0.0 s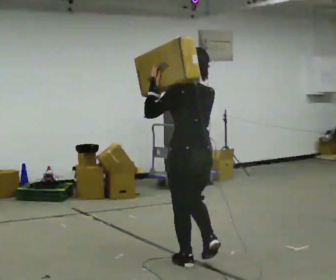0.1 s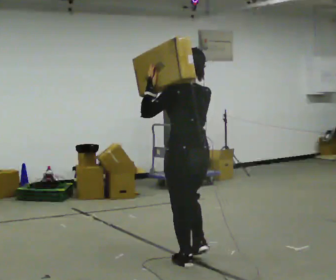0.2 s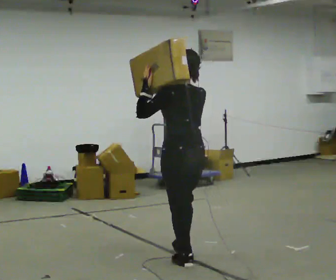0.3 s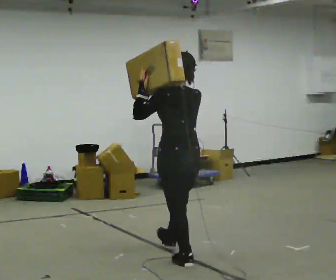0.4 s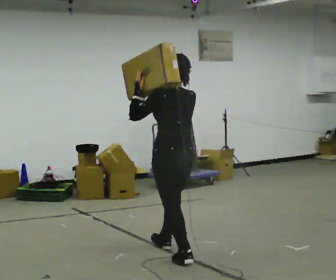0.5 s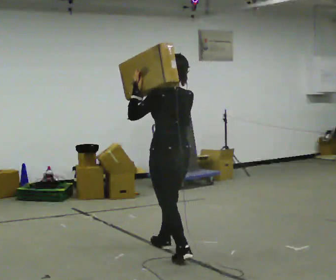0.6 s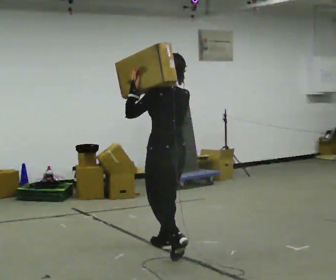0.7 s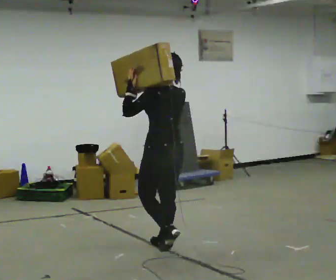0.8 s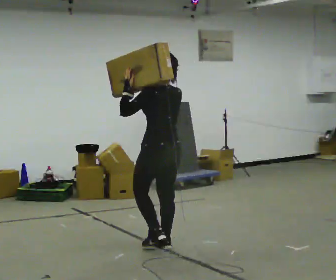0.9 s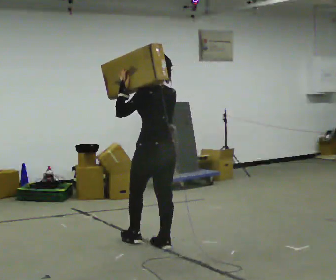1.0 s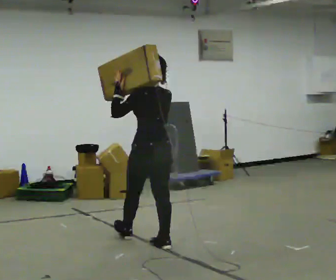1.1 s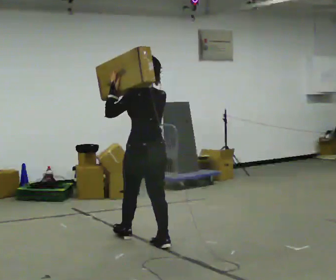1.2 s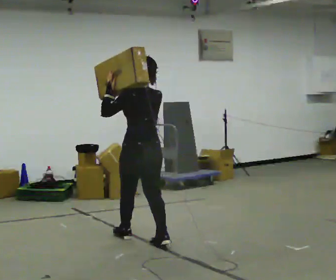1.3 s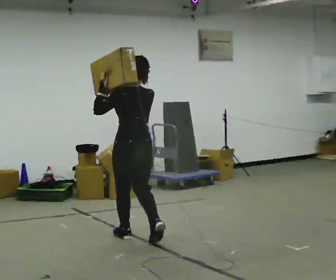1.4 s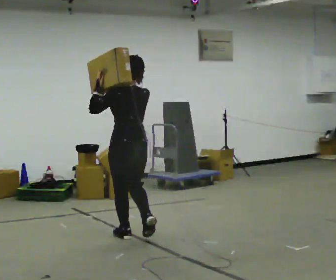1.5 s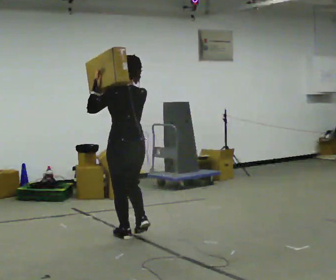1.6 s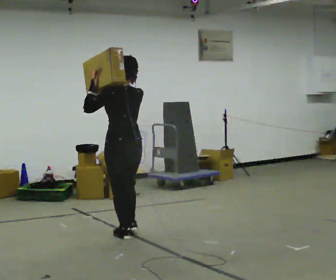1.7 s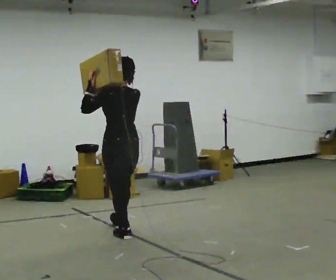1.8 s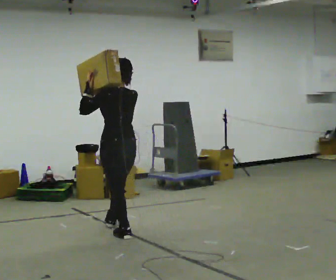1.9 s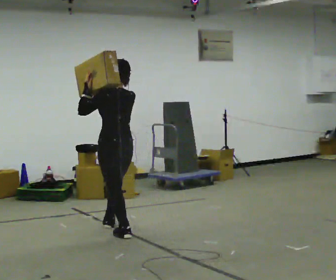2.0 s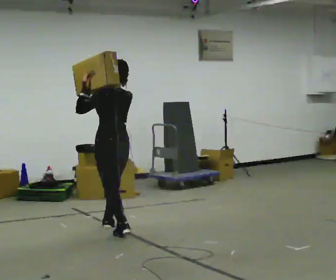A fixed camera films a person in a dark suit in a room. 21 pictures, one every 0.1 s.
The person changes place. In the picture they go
away from the camera.
0.0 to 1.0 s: In the picture they go away from the camera and to the left, about 0.75 m in 1 step, which for them is forward.
1.0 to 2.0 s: In the picture they go away from the camera and to the left, about 0.75 m in 2 steps, which for them is forward.
The film runs forward here.
